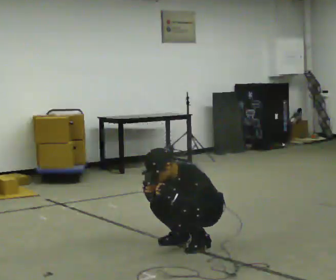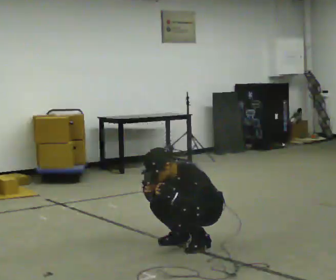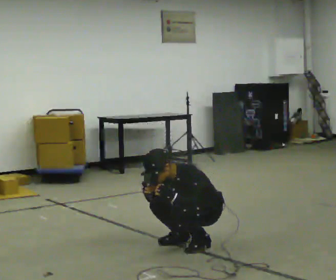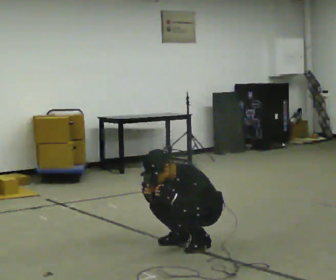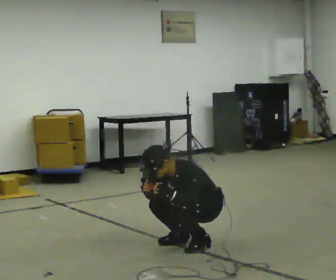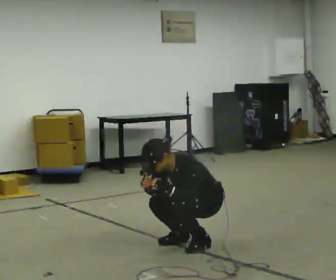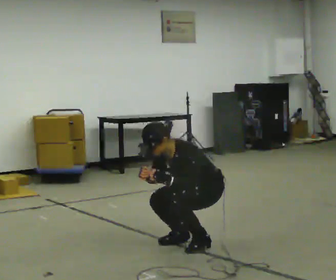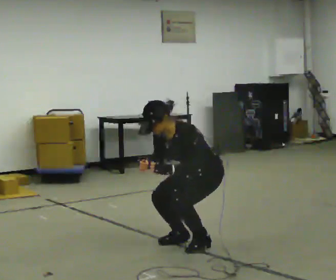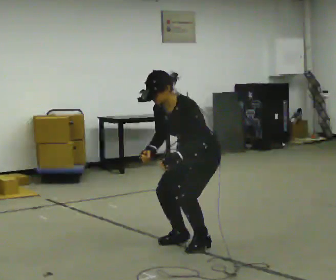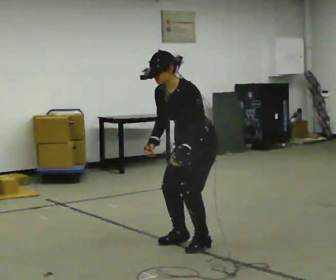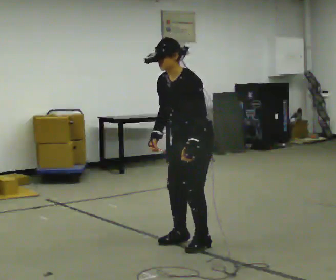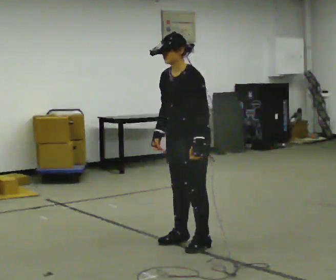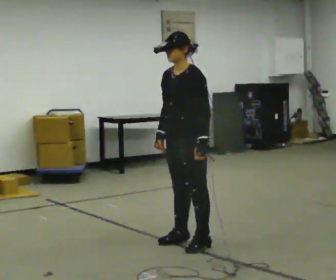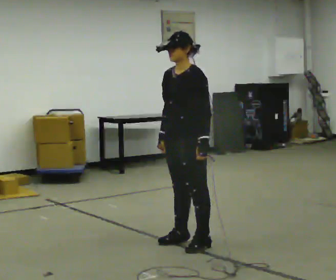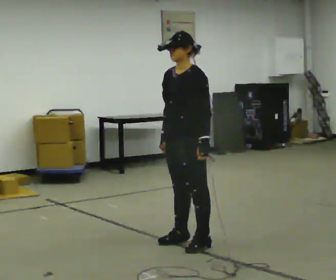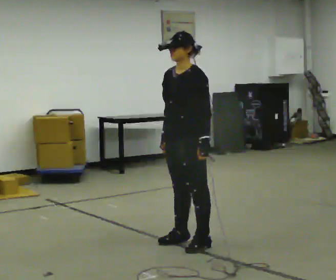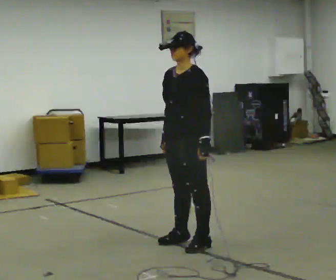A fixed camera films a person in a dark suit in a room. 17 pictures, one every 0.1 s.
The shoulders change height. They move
upward.
Their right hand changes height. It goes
upward.
0.0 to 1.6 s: The upper body goes upward. In the picture the upper body tilts clockwise, shoulders to the right, as they lean back or straighten. In the picture their left hand goes upward.
The film runs backward here.
